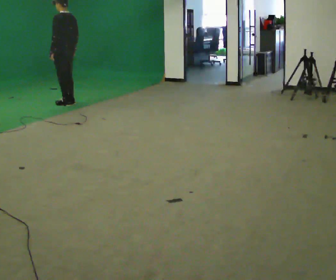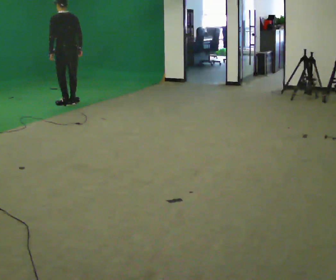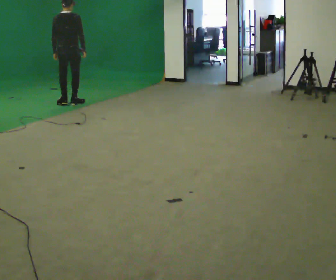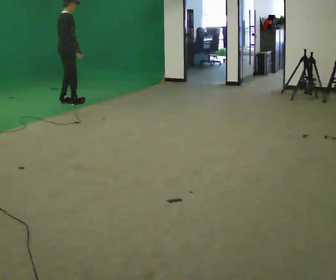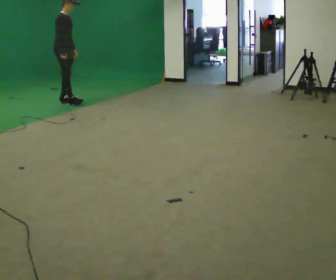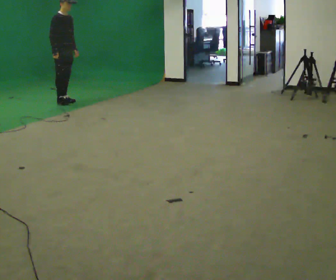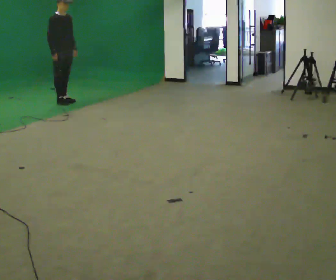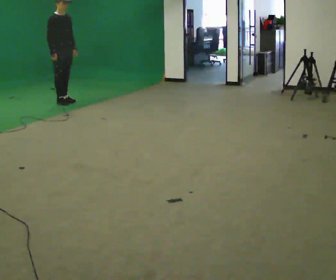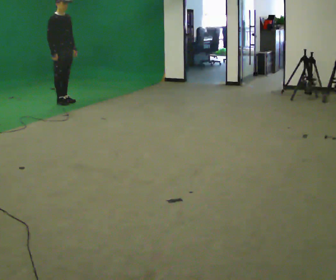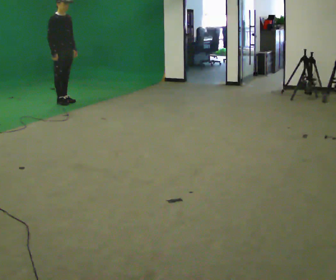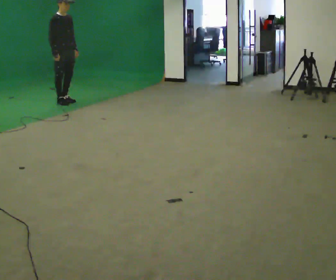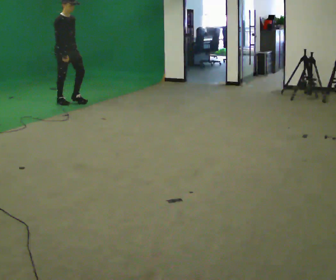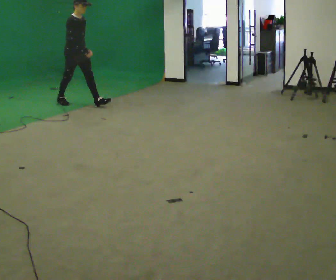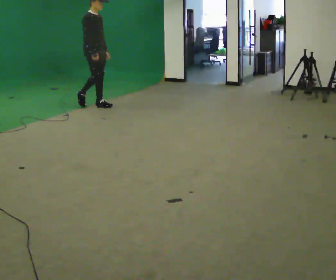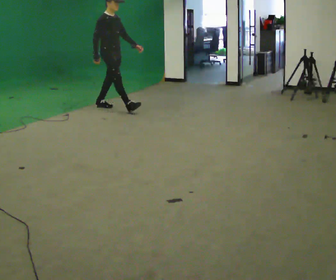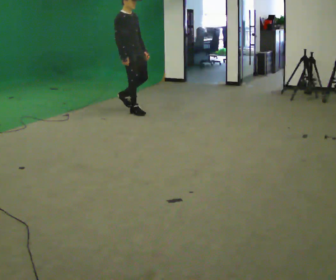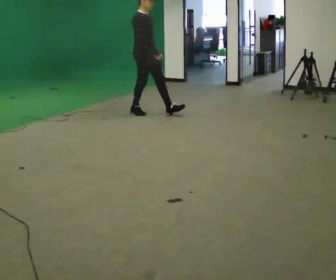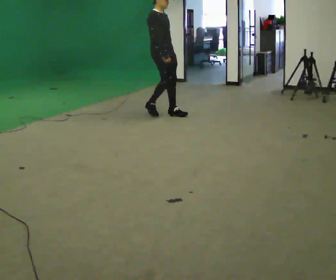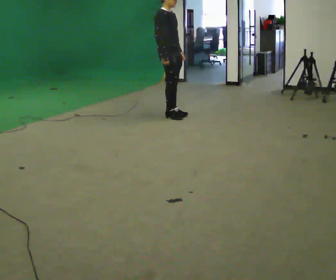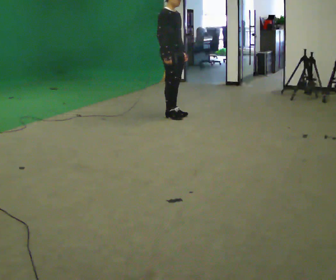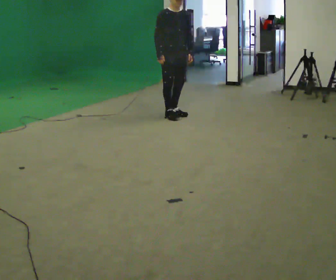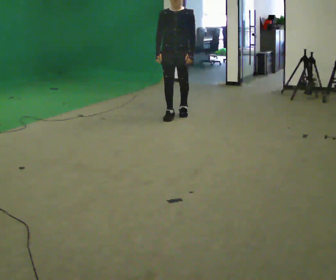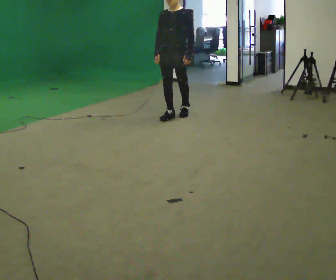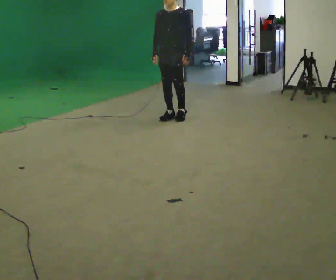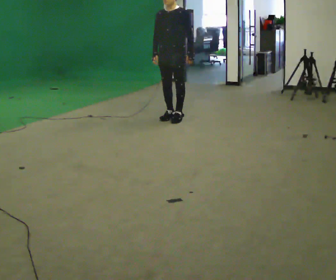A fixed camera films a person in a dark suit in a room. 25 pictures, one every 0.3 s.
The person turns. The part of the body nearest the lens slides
to the left.
The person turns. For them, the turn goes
to their right.
0.0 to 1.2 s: The person turns about 150 degrees to their right, clockwise seen from above, so the part of the body nearest the lens slides to the left.
1.2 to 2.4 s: The person turns about 30 degrees to their right, clockwise seen from above, so the part of the body nearest the lens slides to the left.
2.4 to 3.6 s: In the picture they go to the right and toward the camera, about 0.25 m, which for them is forward.
3.6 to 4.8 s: In the picture they go to the right and toward the camera, about 1 m in 2 steps, which for them is forward.
4.8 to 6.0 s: Seen from above the body turns clockwise, about 30 degrees: to their right, with its near side sliding to the left. In the picture they go to the right and toward the camera, about 0.5 m in 2 steps, which for them is forward.
6.0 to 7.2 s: Seen from above the body turns clockwise, about 60 degrees: to their right, with its near side sliding to the left.
The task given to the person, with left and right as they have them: Walk; stop fully; turn 90° left/right while standing; walk new direction.
The film runs forward here.
